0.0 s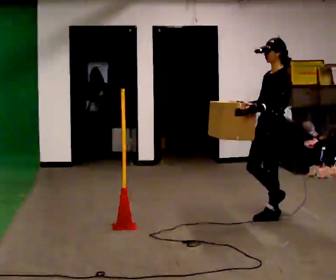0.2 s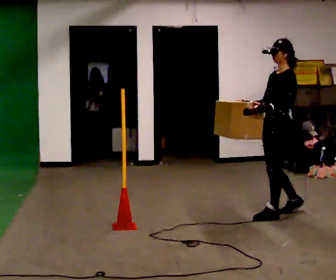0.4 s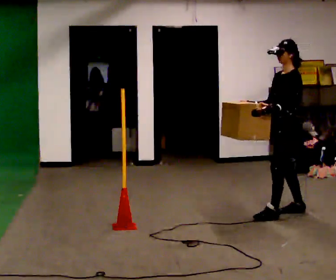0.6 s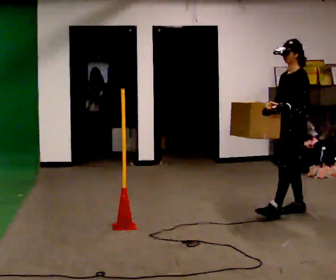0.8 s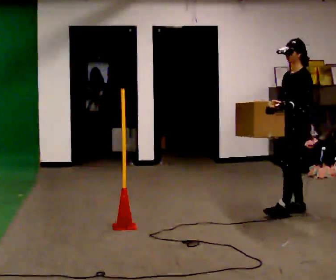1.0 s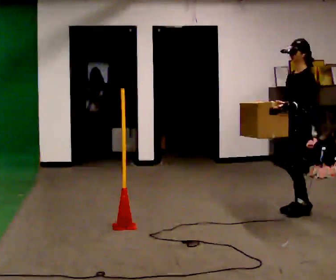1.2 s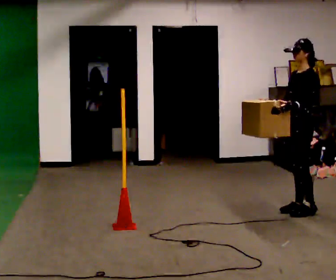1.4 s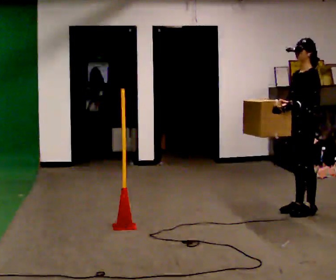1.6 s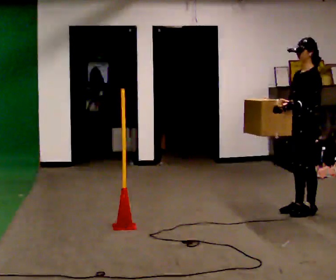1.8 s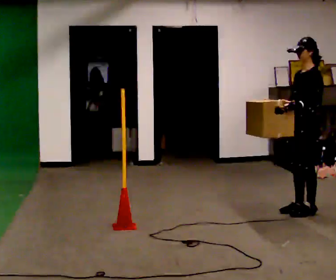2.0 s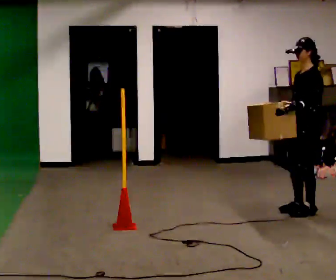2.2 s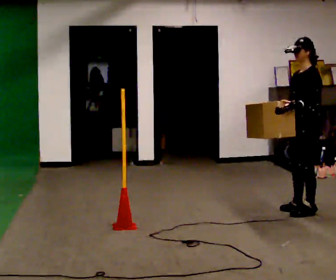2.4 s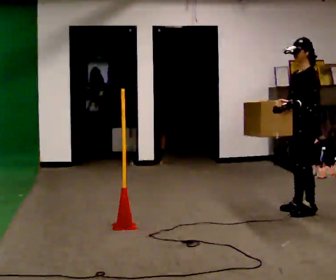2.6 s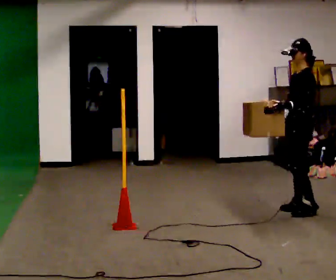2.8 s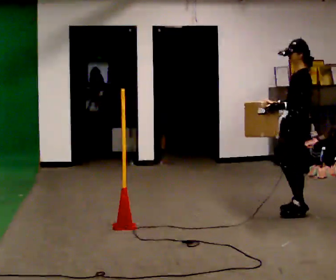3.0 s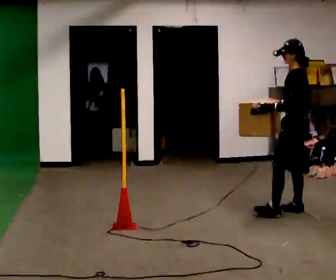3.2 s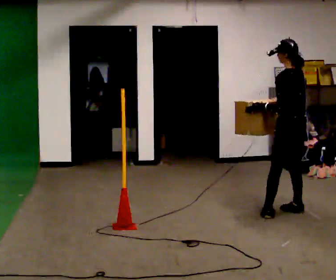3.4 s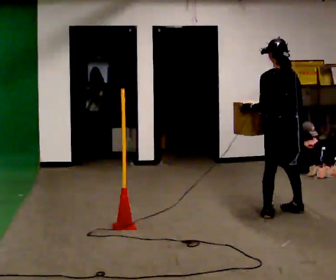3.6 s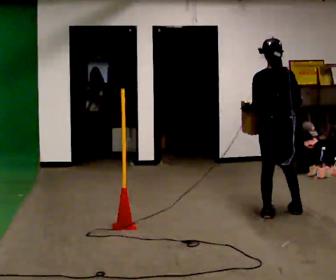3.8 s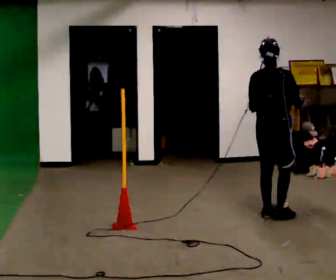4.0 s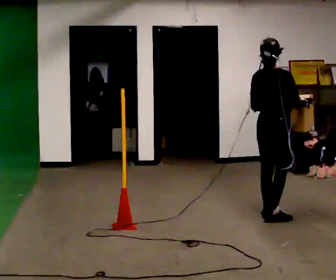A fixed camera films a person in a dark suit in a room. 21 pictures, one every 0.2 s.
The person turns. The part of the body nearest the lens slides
to the left.
The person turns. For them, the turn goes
to their right.
0.0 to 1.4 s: In the picture they go to the right and away from the camera, about 0.25 m in 1 step, which for them is backward.
1.4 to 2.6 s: The person moves a little, or ends about where they began.
2.6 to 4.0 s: The person turns about 120 degrees to their right, clockwise seen from above, so the part of the body nearest the lens slides to the left. In the picture they go to the left and toward the camera, about 0.25 m in 2 steps.
The film runs backward here.
